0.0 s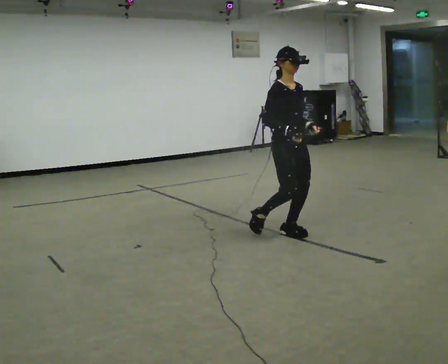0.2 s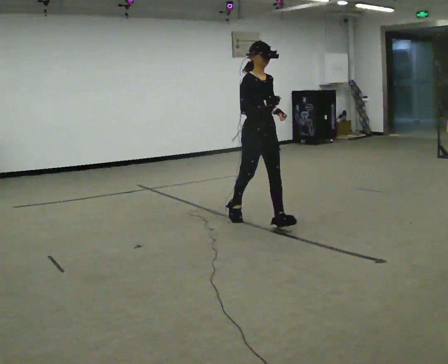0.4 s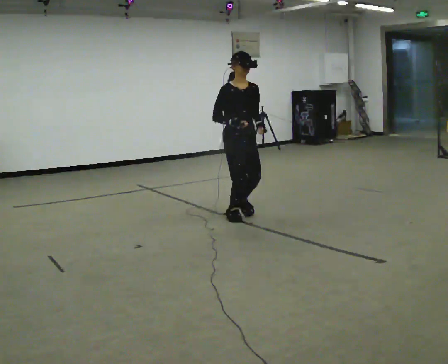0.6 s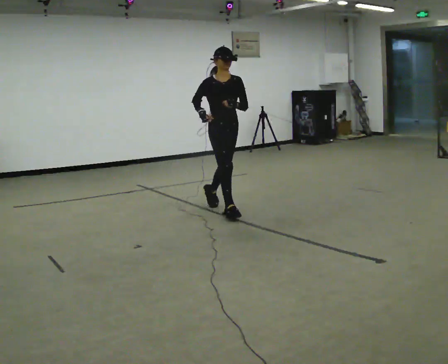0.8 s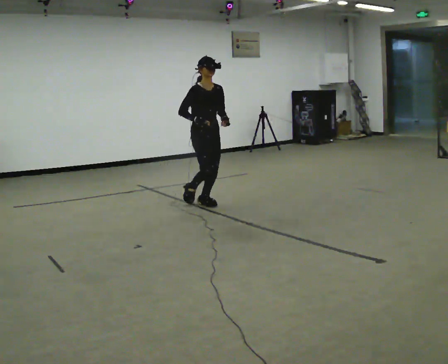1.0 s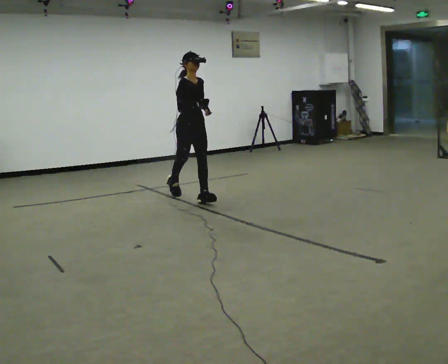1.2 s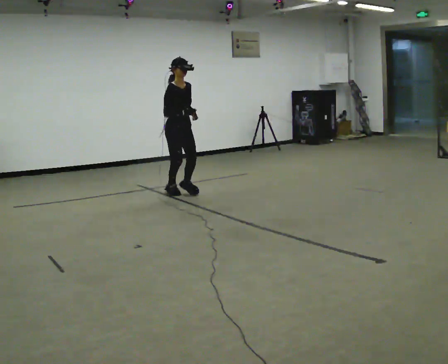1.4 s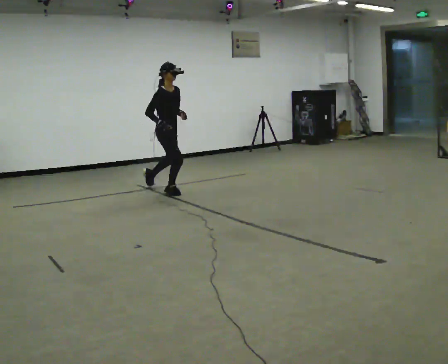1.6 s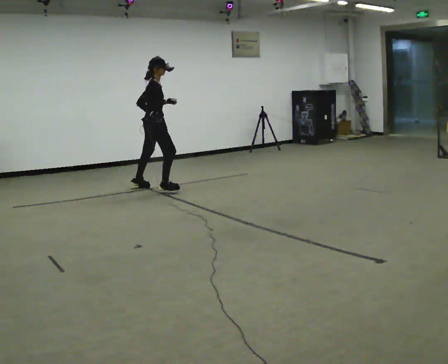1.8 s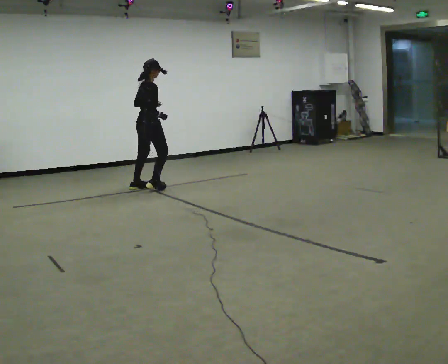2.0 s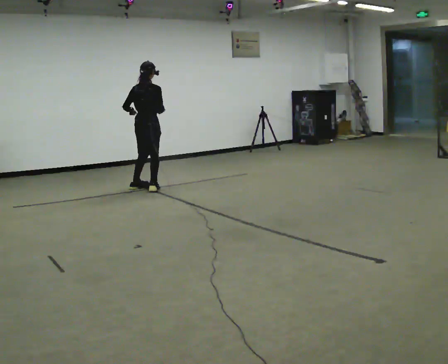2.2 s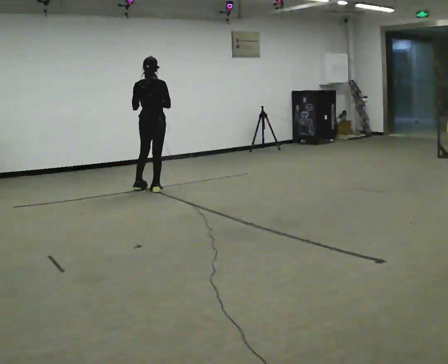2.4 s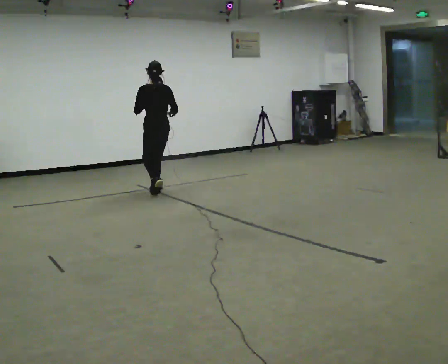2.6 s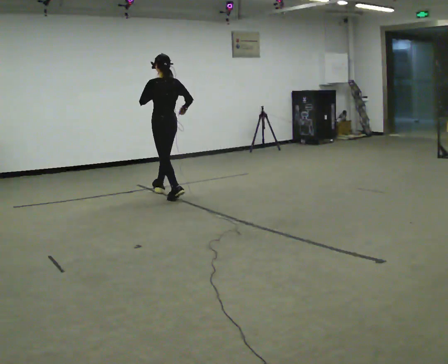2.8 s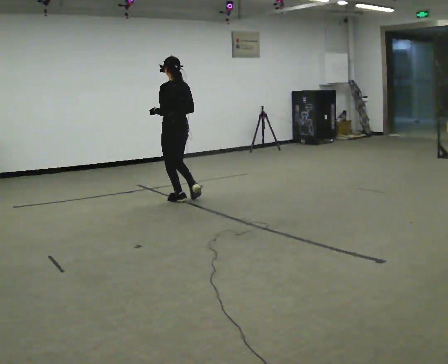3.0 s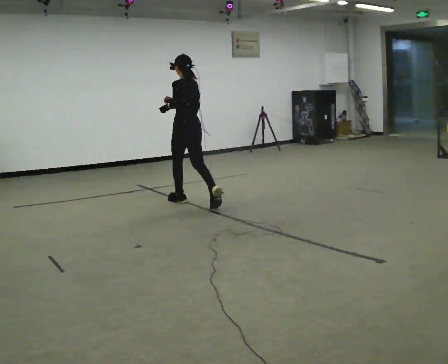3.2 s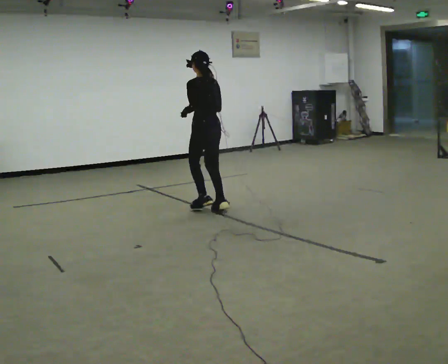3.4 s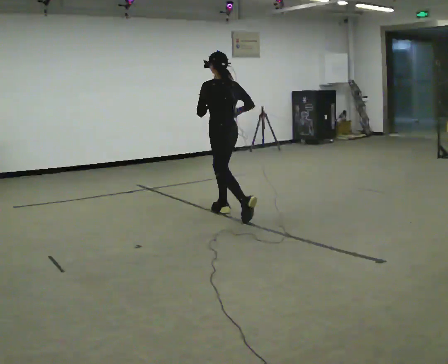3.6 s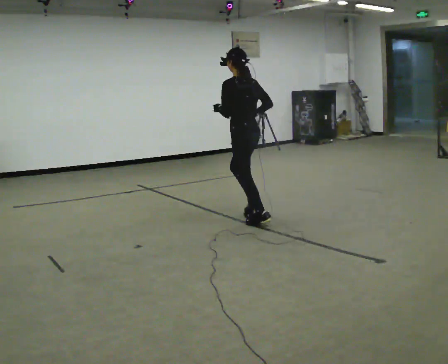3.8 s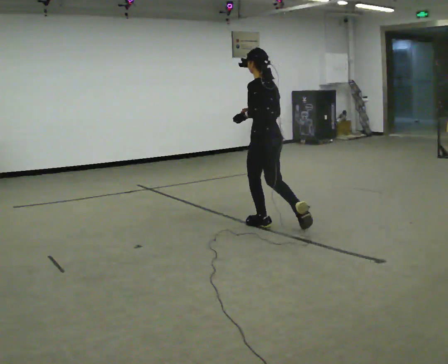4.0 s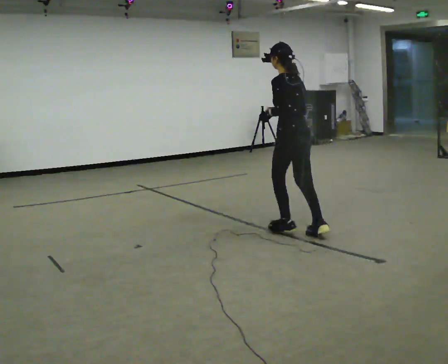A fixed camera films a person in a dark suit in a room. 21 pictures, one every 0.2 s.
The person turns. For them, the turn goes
to their left.
The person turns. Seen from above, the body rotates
counterclockwise.
0.0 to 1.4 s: The part of the body nearest the lens slides to the right as the person turns to their left by about 30 degrees. In the picture they go away from the camera and to the left, about 2 m in 3 steps, which for them is backward.
1.4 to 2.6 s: The part of the body nearest the lens slides to the right as the person turns to their left by about 150 degrees.
2.6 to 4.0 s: In the picture they go toward the camera and to the right, about 2 m in 3 steps, which for them is backward.
The film runs backward here.
